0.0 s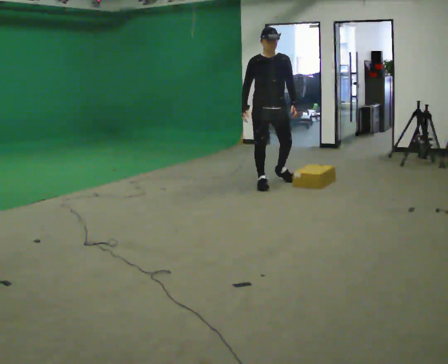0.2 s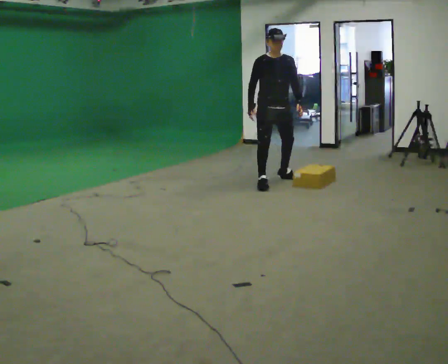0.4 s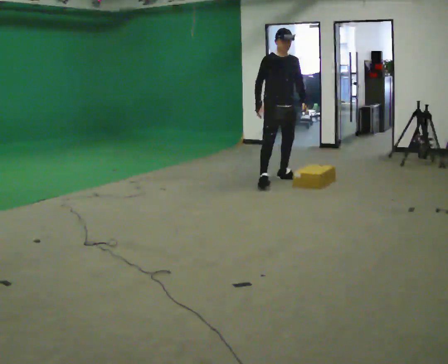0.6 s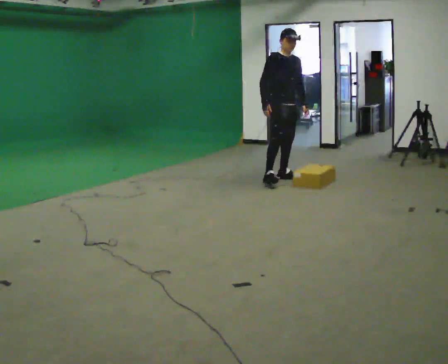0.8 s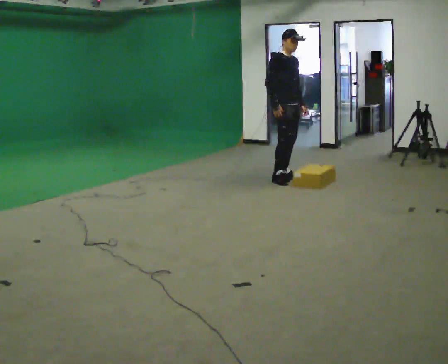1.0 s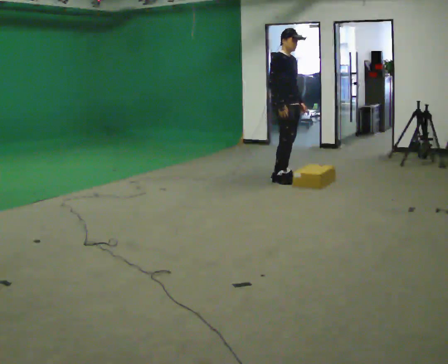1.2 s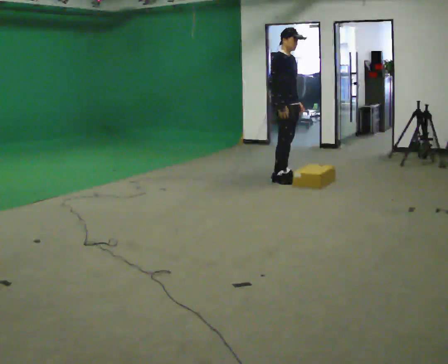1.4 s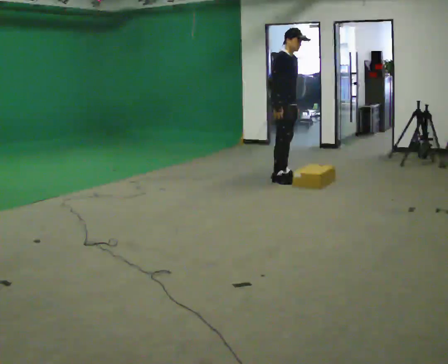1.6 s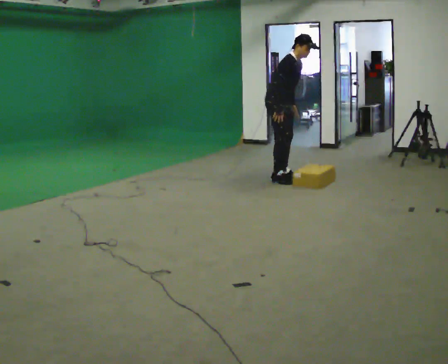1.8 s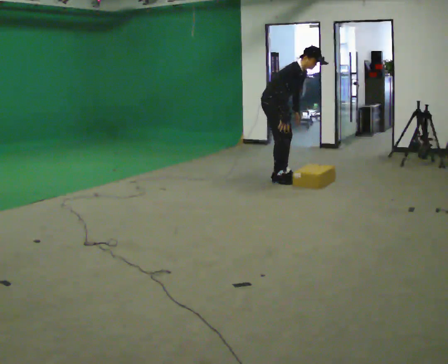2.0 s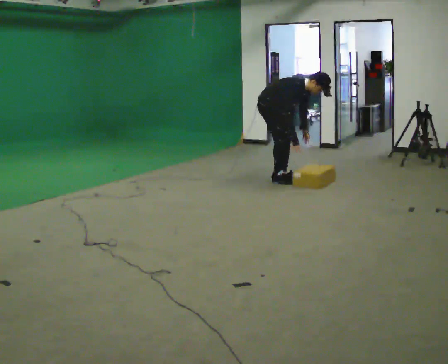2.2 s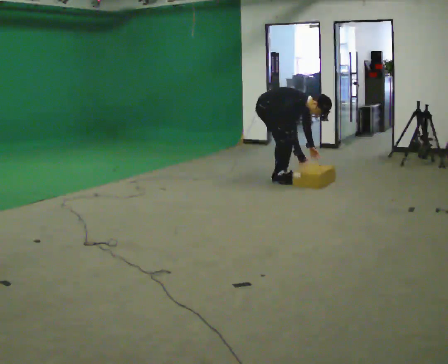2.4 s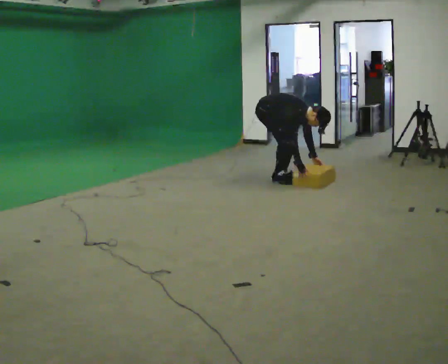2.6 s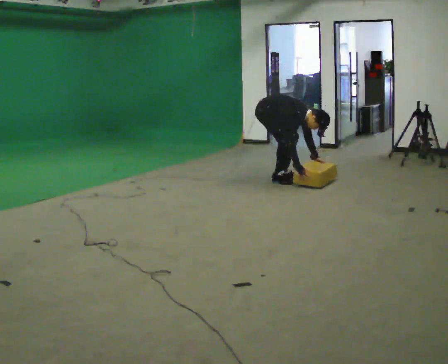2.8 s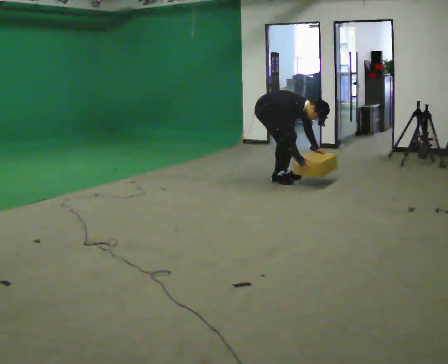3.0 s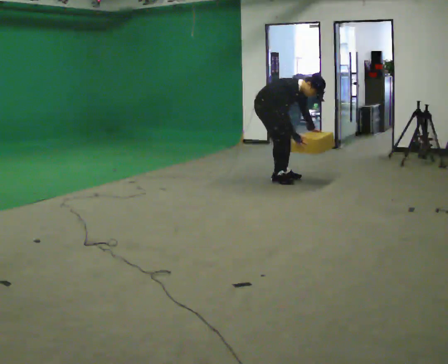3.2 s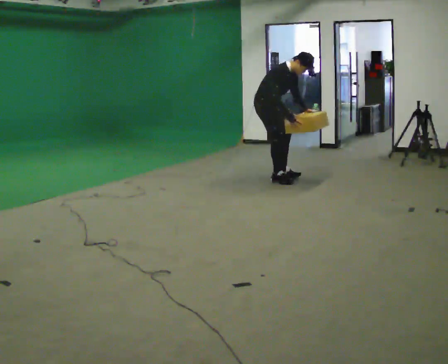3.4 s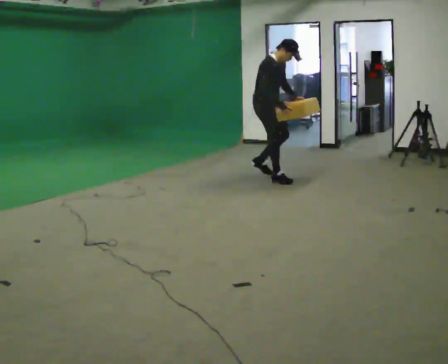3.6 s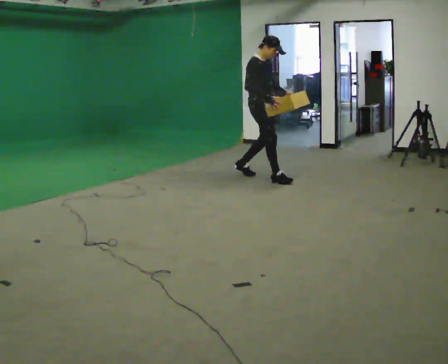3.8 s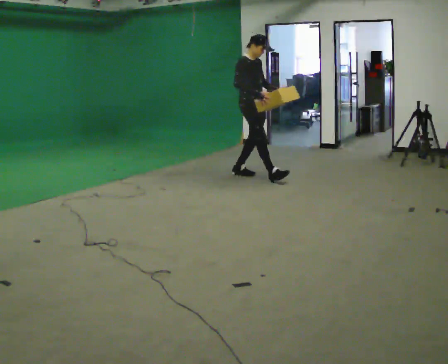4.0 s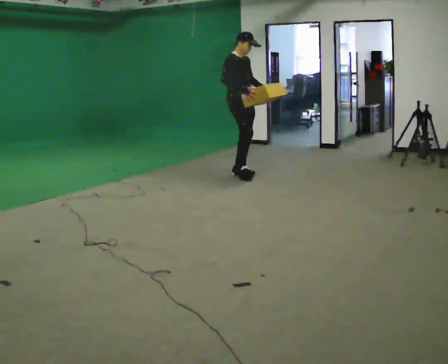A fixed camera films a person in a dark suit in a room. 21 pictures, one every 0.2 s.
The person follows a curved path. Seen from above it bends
counterclockwise.
0.0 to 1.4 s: Seen from above the body turns counterclockwise, about 45 degrees: to their left, with its near side sliding to the right. In the picture they go away from the camera and to the right, about 0.25 m in 1 step, which for them is to their left.
1.4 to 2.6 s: In the picture they go to the left, about 0.25 m, which for them is backward. The shoulders move downward. In the picture the upper body tilts clockwise, shoulders to the right, as they bend forward. In the picture their left hand goes downward.
2.6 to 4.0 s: In the picture they go to the left and away from the camera, about 0.5 m in 2 steps, which for them is backward. The shoulders move upward. In the picture the upper body tilts counterclockwise, shoulders to the left, as they lean back or straighten. In the picture their right hand goes upward.
The film runs backward here.
